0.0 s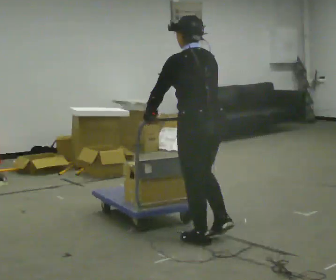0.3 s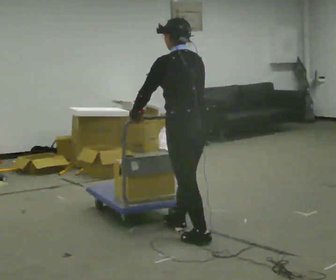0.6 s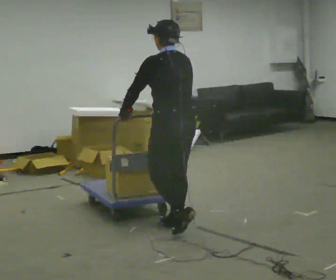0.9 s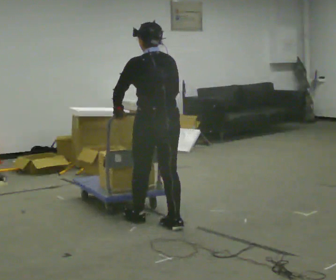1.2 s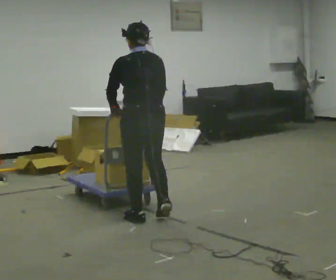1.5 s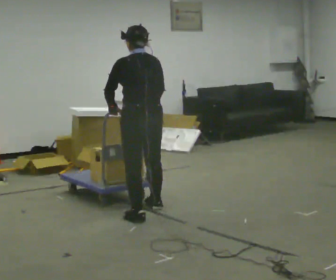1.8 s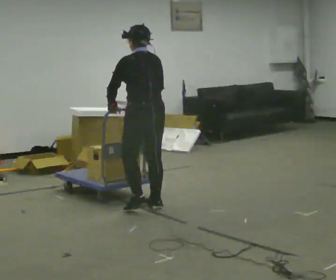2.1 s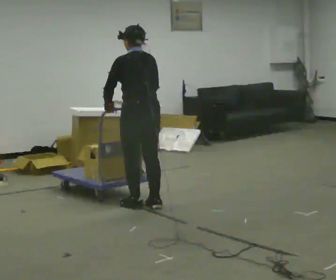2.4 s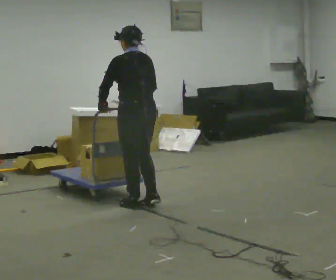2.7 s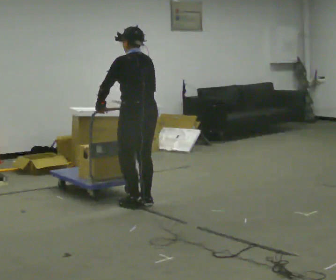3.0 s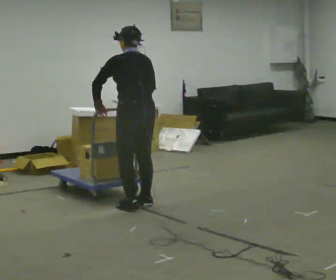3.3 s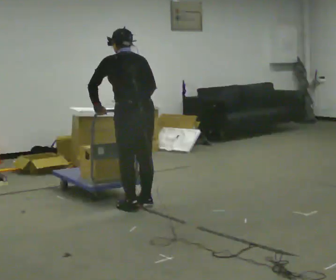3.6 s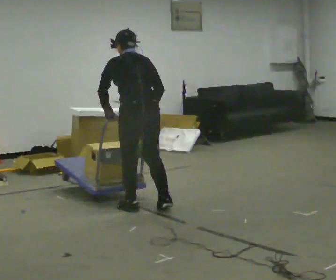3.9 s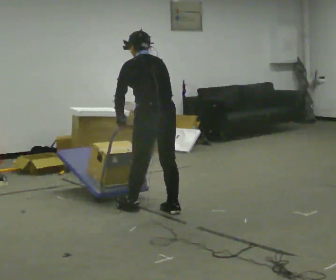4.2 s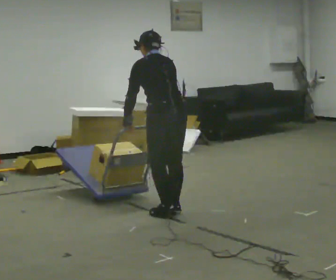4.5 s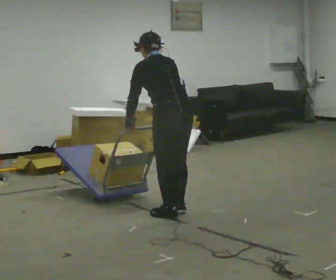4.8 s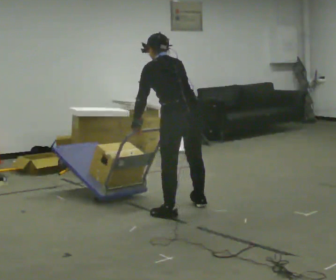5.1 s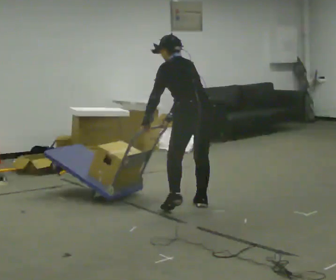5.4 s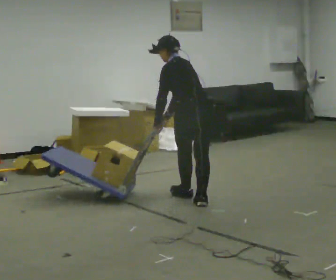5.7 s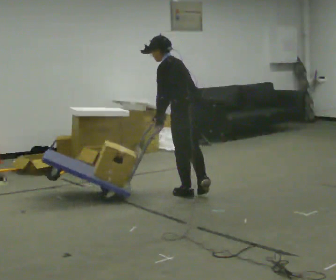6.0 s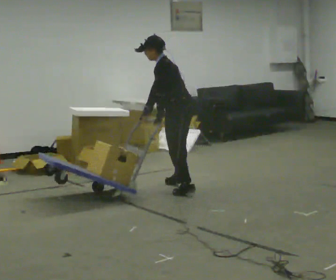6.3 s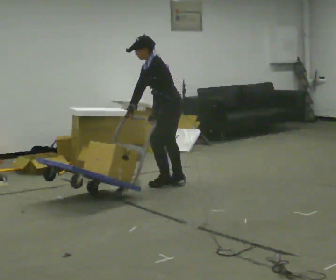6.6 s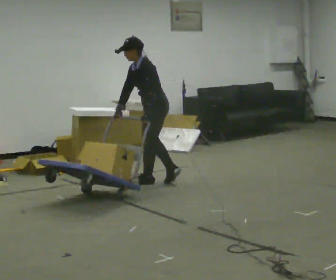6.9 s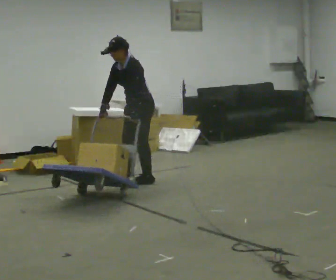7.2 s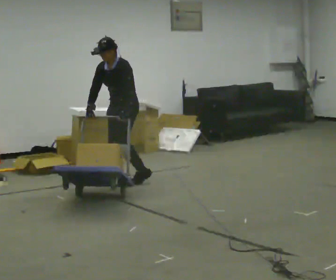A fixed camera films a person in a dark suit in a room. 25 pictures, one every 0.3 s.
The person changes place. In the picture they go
away from the camera.
0.0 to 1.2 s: In the picture they go away from the camera and to the left, about 0.5 m in 2 steps, which for them is forward.
1.2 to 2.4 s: In the picture they go away from the camera, about 0.5 m in 2 steps, which for them is forward and to their right.
2.4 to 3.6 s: The person moves a little, or ends about where they began.
3.6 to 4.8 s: In the picture they go to the right, about 0.25 m in 3 steps, which for them is to their right and backward.
4.8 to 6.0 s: The person turns about 45 degrees to their left, counterclockwise seen from above, so the part of the body nearest the lens slides to the right. In the picture they go away from the camera, about 1 m in 2 steps, which for them is forward and to their right. The upper body tips toward the camera, its near side rolling downward.
6.0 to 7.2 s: Seen from above the body turns counterclockwise, about 60 degrees: to their left, with its near side sliding to the right. In the picture they go to the left and away from the camera, about 0.75 m in 2 steps, which for them is forward and to their right. The upper body tips toward the camera, its near side rolling downward.
The film runs forward here.
